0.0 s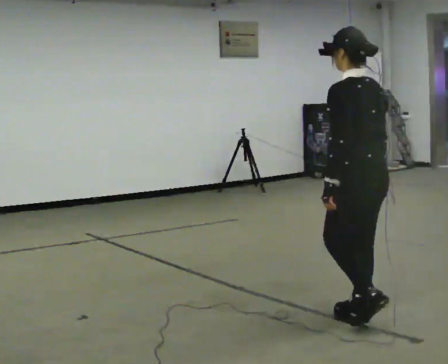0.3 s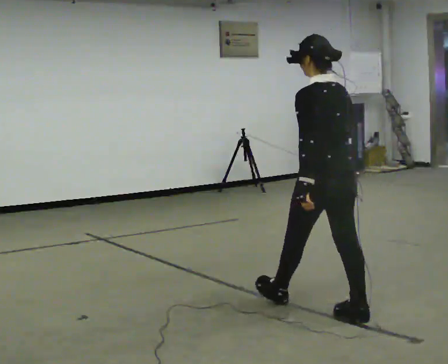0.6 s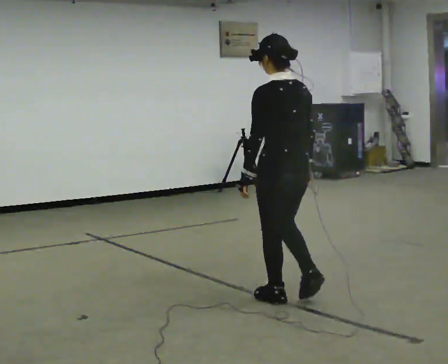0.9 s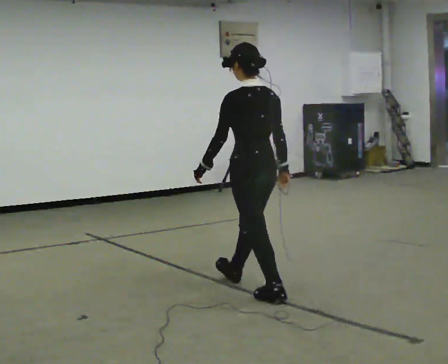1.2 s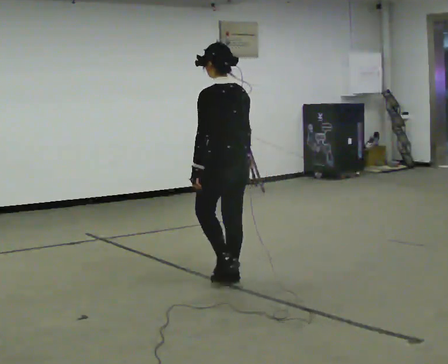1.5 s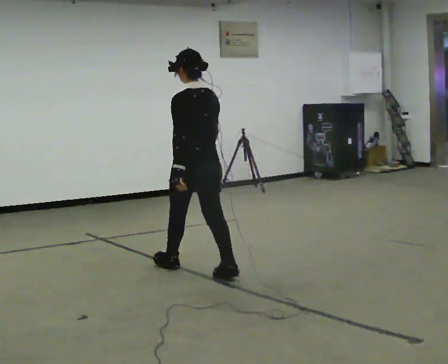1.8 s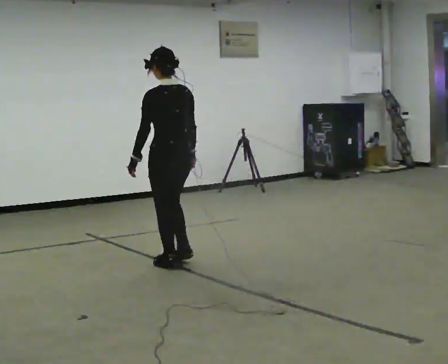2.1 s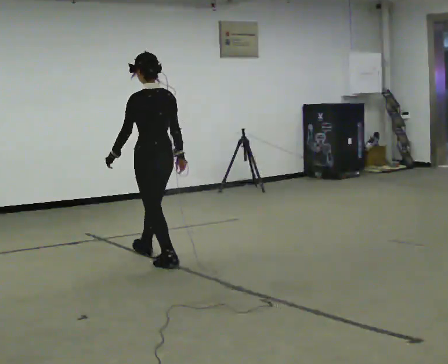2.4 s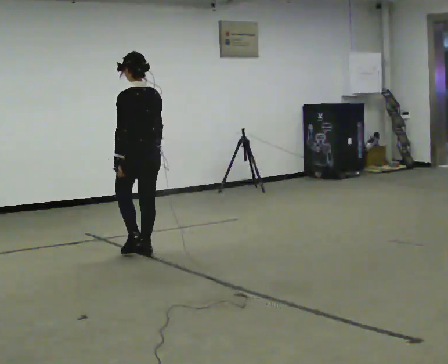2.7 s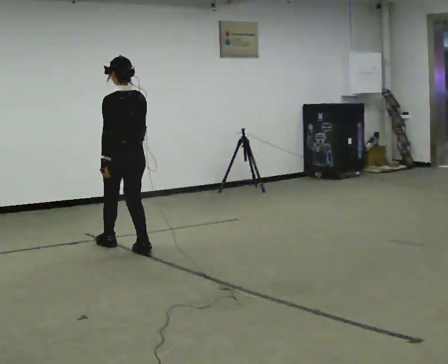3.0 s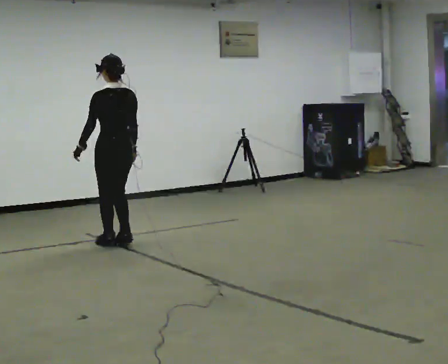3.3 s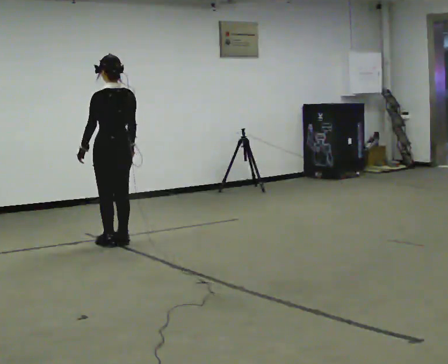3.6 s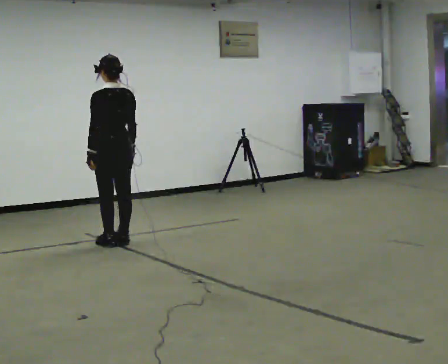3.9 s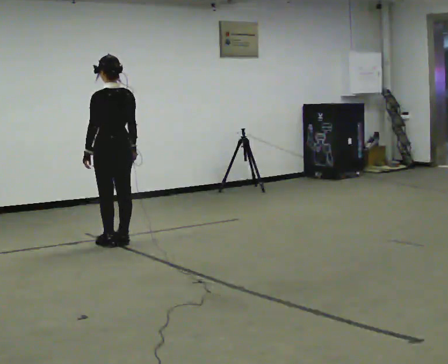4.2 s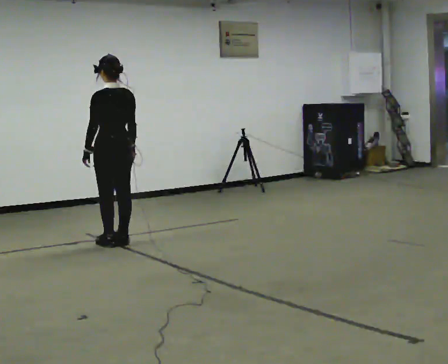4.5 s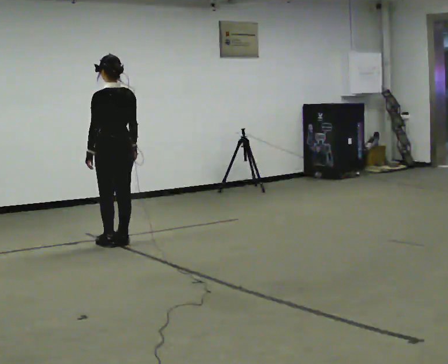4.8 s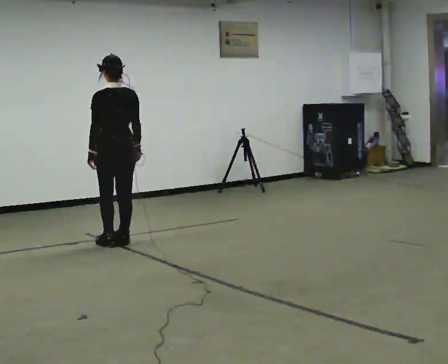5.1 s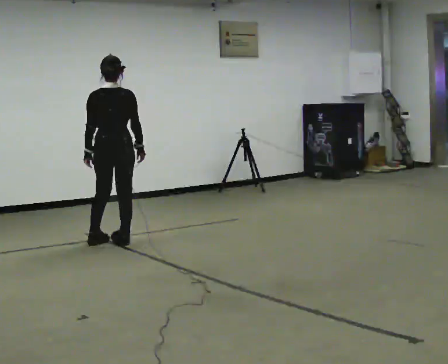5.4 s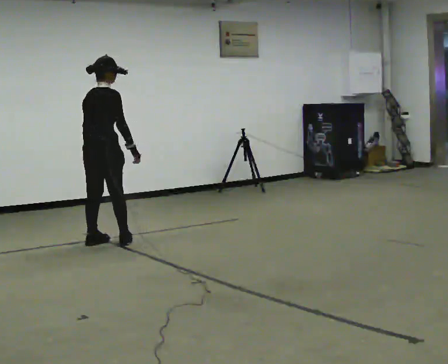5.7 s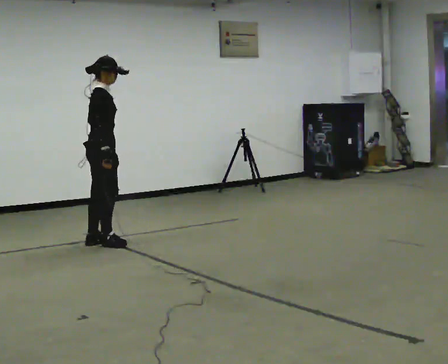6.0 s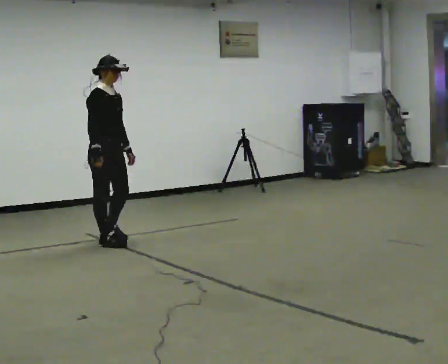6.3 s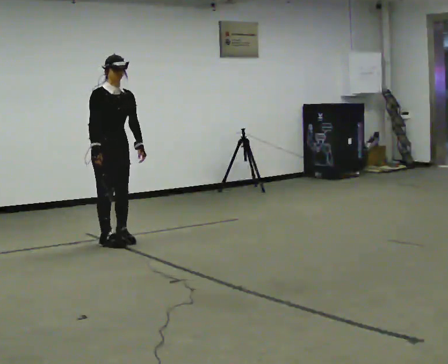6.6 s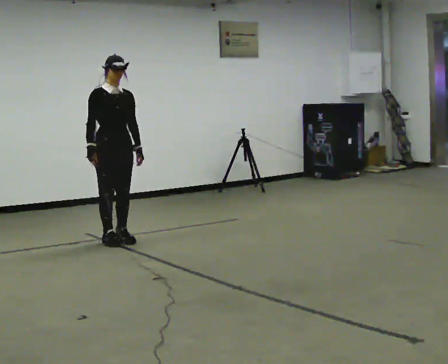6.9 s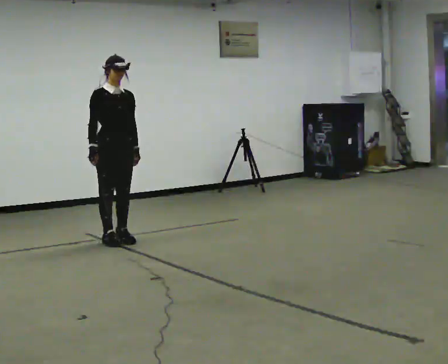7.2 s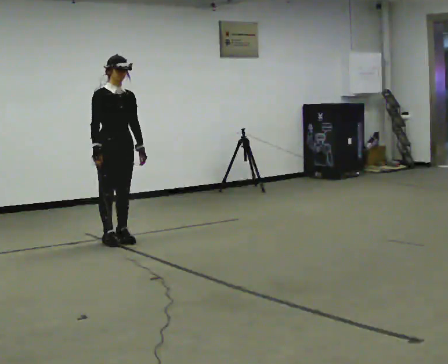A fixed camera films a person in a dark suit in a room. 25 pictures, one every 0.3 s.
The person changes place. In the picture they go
away from the camera.
0.0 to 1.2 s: In the picture they go away from the camera and to the left, about 1 m in 2 steps, which for them is forward.
1.2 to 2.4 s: In the picture they go away from the camera and to the left, about 1 m in 2 steps, which for them is forward.
2.4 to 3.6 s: In the picture they go away from the camera and to the left, about 0.5 m in 2 steps, which for them is forward.
3.6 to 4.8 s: The person moves a little, or ends about where they began.
4.8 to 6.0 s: Seen from above the body turns clockwise, about 150 degrees: to their right, with its near side sliding to the left. In the picture their right hand goes to the left.
6.0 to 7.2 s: The person moves a little, or ends about where they began.
The film runs forward here.
